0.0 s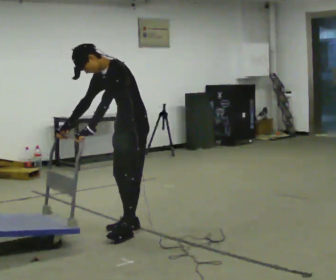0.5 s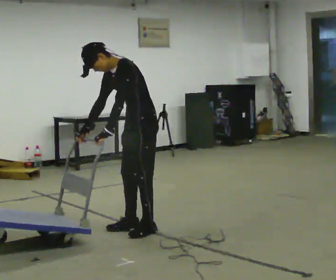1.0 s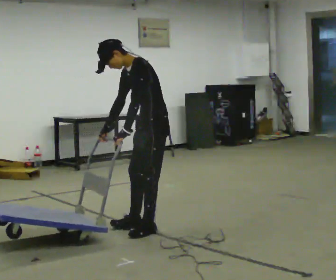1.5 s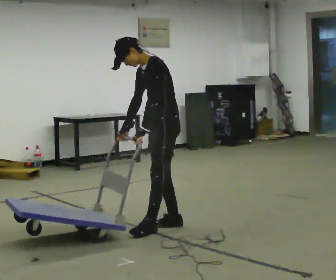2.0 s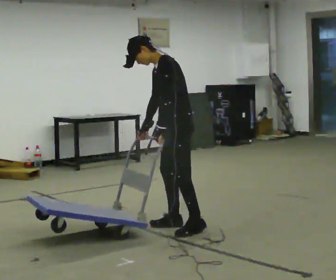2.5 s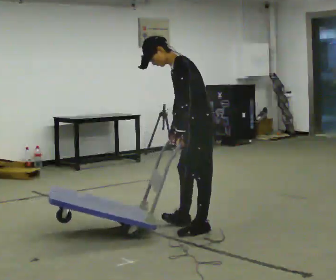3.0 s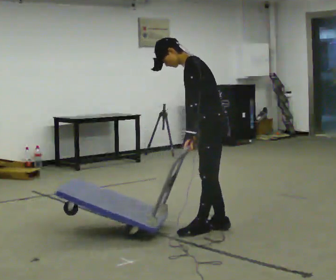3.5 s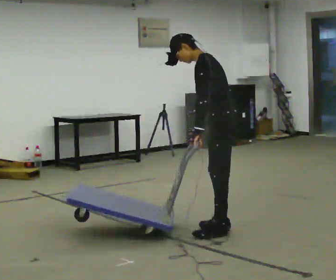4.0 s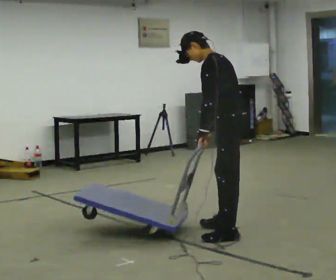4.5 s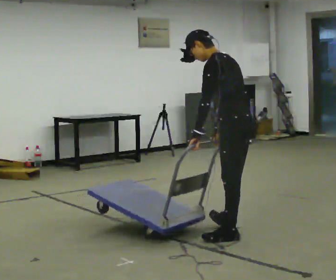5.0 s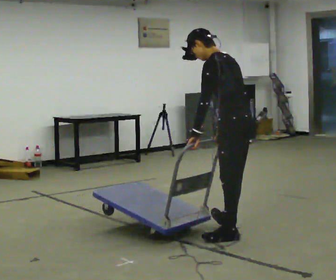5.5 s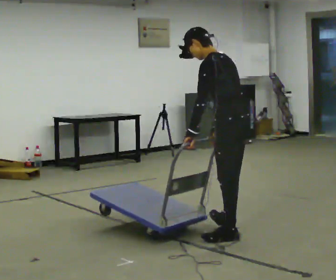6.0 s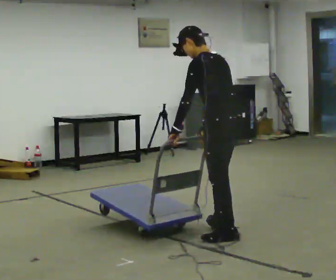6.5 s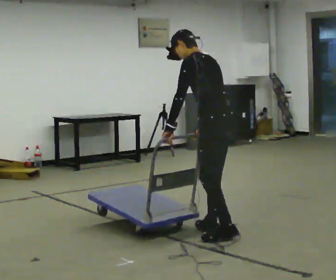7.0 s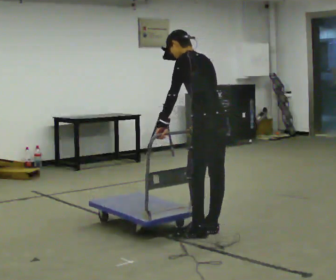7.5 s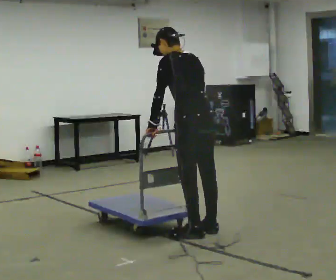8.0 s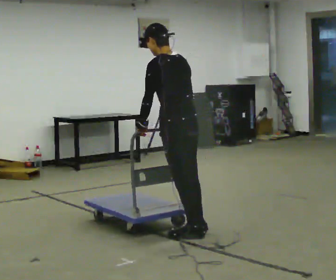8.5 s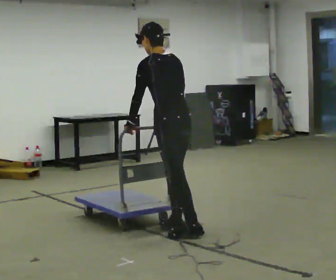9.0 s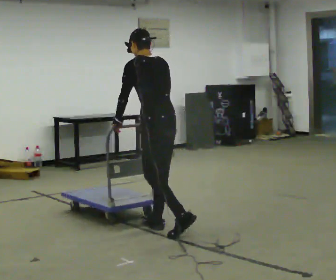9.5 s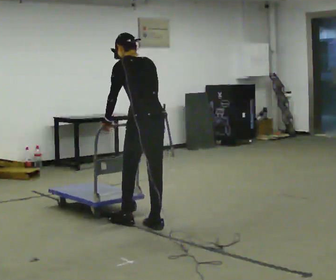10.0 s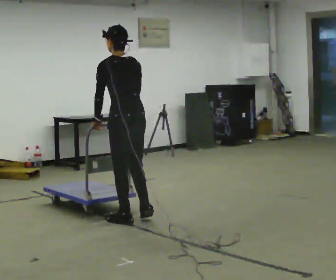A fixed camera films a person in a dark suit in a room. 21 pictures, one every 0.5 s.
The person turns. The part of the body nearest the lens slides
to the left.
The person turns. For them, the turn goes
to their right.
0.0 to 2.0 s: In the picture they go to the right, about 0.5 m in 2 steps, which for them is backward. The upper body tips away from the camera, its near side rolling upward.
2.0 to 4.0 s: The person turns about 30 degrees to their right, clockwise seen from above, so the part of the body nearest the lens slides to the left. In the picture they go to the right and toward the camera, about 0.5 m in 3 steps, which for them is backward and to their left.
4.0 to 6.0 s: The person moves a little, or ends about where they began.
6.0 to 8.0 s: In the picture they go to the left, about 0.25 m in 1 step, which for them is forward.
8.0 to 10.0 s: In the picture they go to the left and away from the camera, about 0.5 m in 2 steps, which for them is forward.
The film runs forward here.
